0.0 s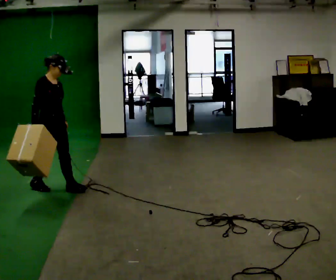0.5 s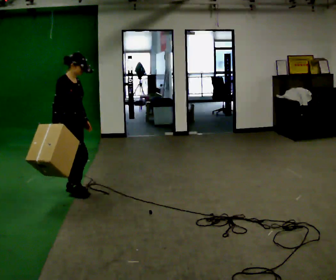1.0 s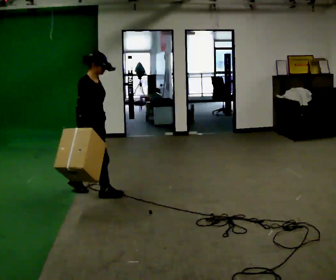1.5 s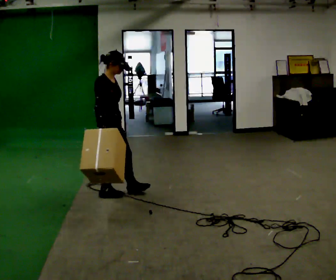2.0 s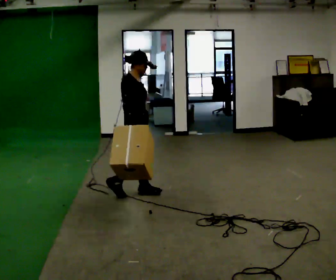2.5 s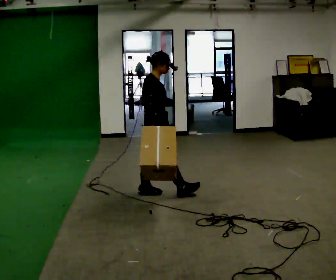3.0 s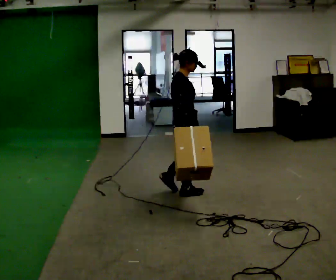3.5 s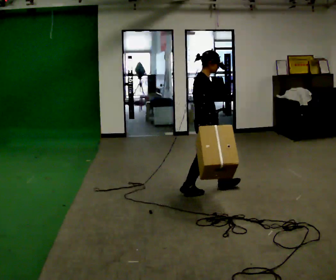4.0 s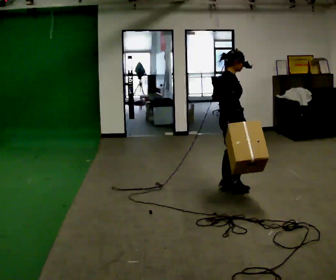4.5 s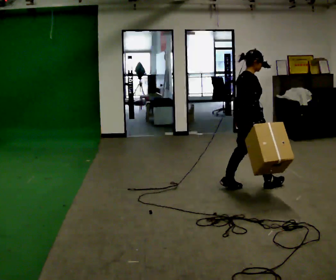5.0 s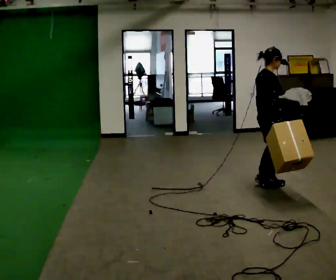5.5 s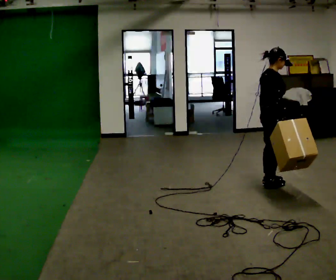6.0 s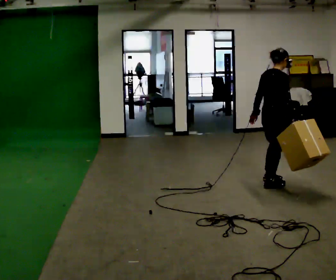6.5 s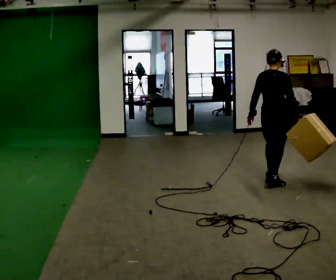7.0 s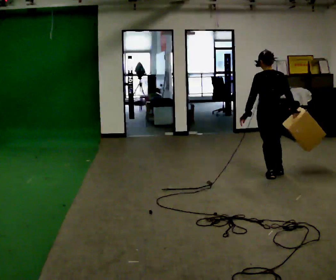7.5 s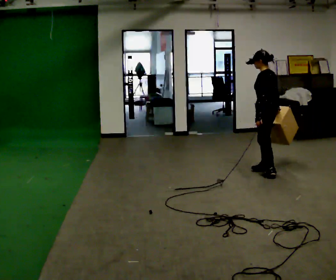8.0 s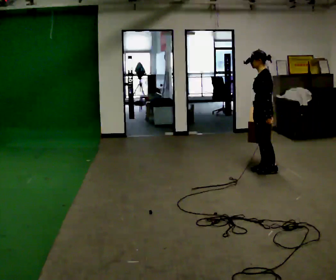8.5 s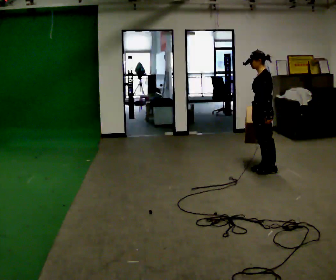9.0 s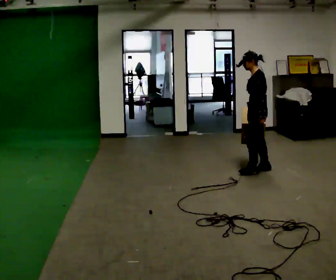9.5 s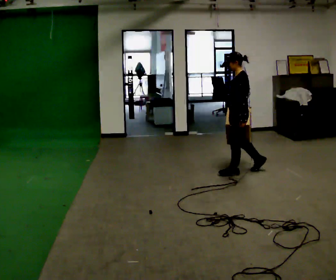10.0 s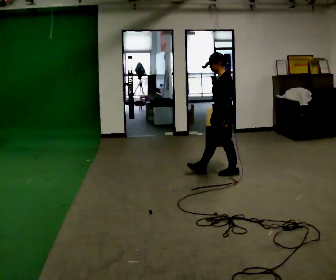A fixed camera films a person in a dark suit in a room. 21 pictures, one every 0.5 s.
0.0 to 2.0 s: In the picture they go to the right, about 1 m in 2 steps, which for them is forward.
2.0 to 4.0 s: In the picture they go to the right, about 1 m in 2 steps, which for them is forward.
4.0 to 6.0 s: In the picture they go to the right, about 0.5 m in 2 steps, which for them is forward.
6.0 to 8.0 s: Seen from above the body turns counterclockwise, about 150 degrees: to their left, with its near side sliding to the right. In the picture they go away from the camera, about 0.5 m in 3 steps.
8.0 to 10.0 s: In the picture they go to the left, about 0.5 m in 1 step, which for them is forward.
The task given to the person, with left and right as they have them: Carry the box straight from one end of the room to the other, set it down, then bring it back. Keep going until the operator says stop; one object at a time, and do not rush between trips.
The film runs forward here.
